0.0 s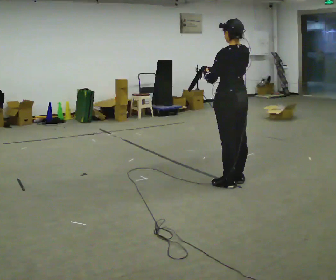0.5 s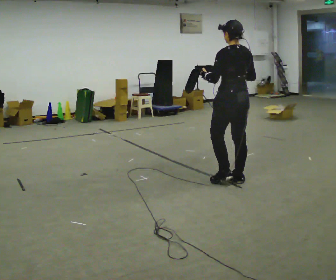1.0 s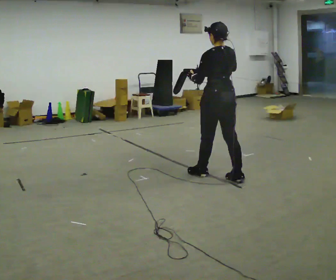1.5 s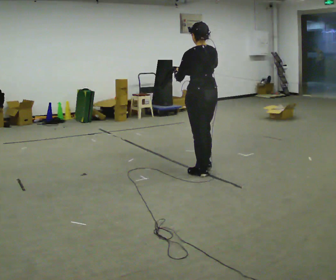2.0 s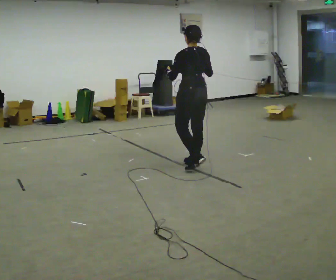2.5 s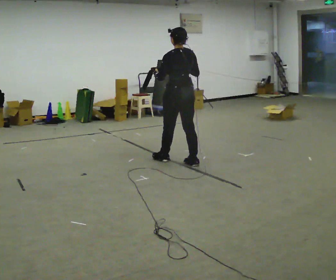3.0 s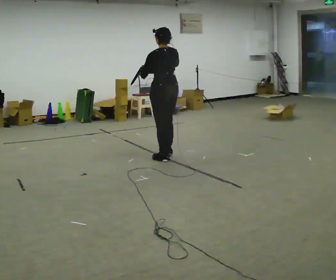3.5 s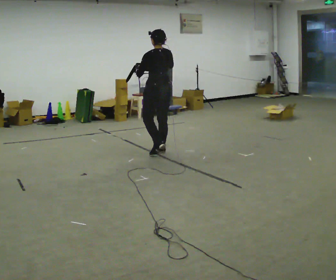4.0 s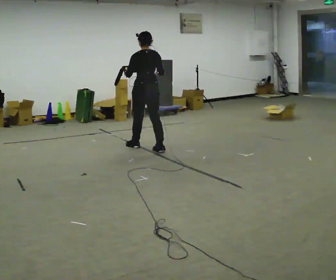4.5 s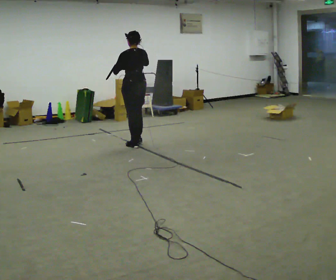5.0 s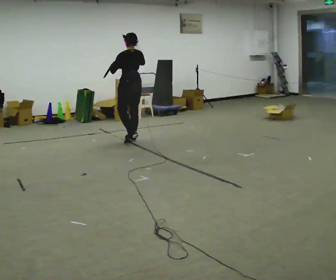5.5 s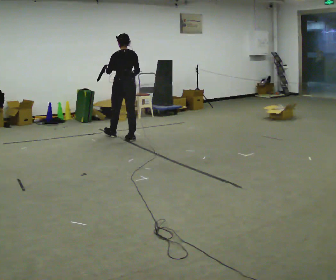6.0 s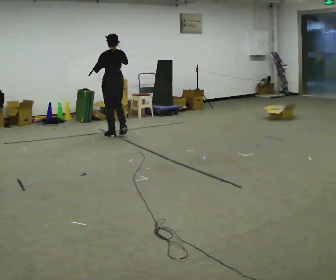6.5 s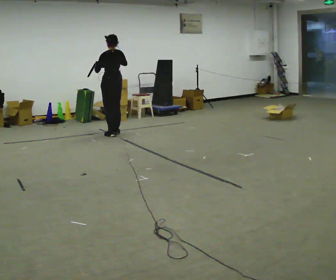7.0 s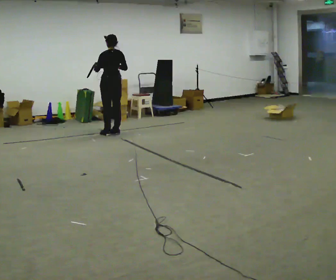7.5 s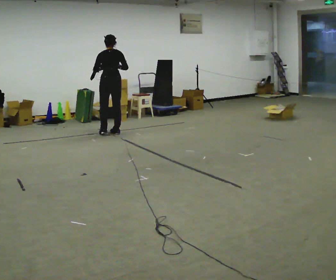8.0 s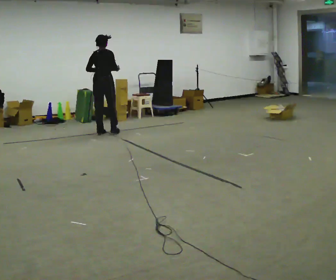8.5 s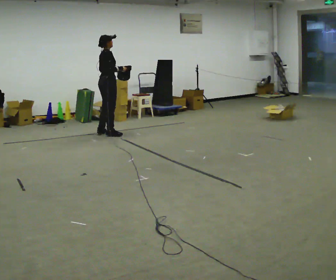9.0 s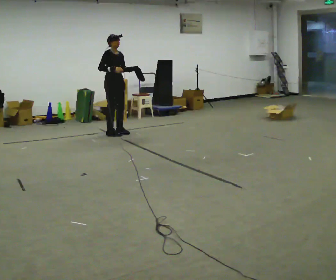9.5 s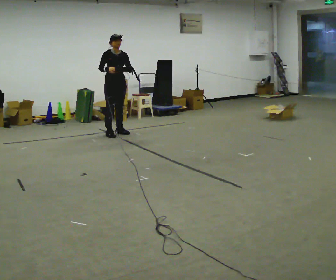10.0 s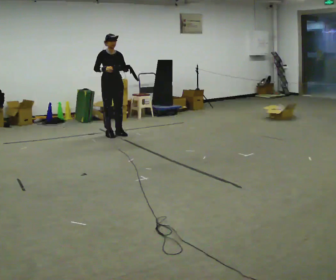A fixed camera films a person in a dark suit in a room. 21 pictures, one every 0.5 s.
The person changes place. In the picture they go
away from the camera.
0.0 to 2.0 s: In the picture they go away from the camera and to the left, about 0.75 m in 2 steps, which for them is forward.
2.0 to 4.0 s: In the picture they go away from the camera and to the left, about 1 m in 3 steps, which for them is forward.
4.0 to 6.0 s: In the picture they go away from the camera and to the left, about 1 m in 2 steps, which for them is forward.
6.0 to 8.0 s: The part of the body nearest the lens slides to the left as the person turns to their right by about 45 degrees. In the picture they go to the left and away from the camera, about 0.25 m in 2 steps, which for them is forward.
8.0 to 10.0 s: Seen from above the body turns clockwise, about 120 degrees: to their right, with its near side sliding to the left. In the picture they go to the right, about 0.25 m in 1 step. In the picture their left hand goes to the right.
The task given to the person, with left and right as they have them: Carry the open container and, while walking, reach in with one hand and take an item out, then put it back. Repeat as you walk. Do not stop.
The film runs forward here.
